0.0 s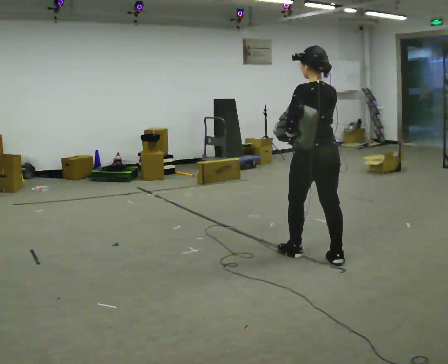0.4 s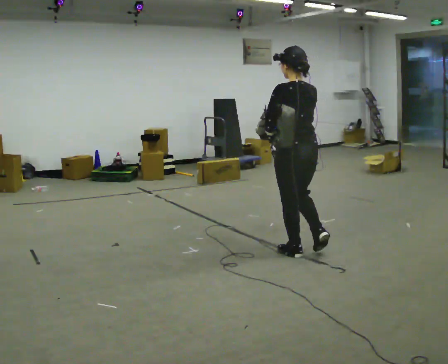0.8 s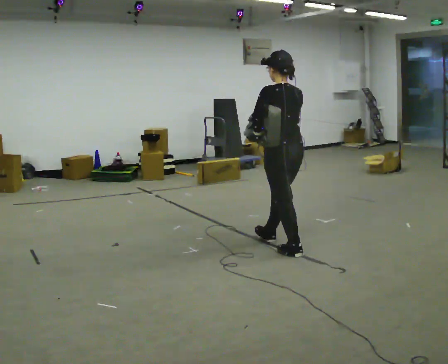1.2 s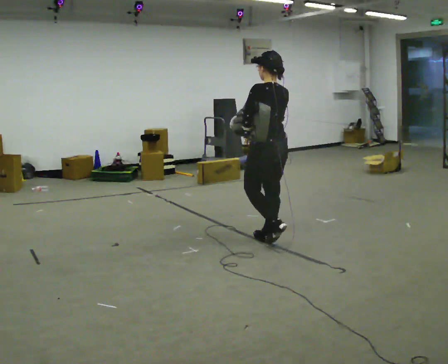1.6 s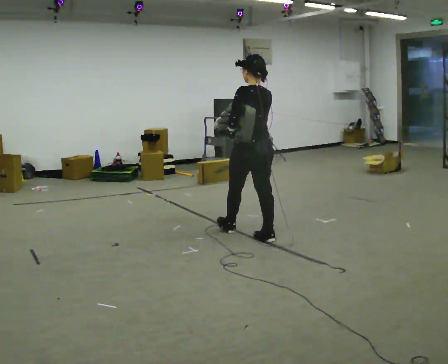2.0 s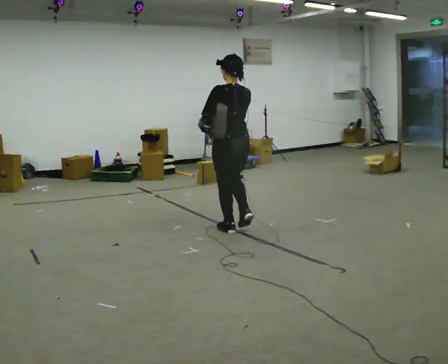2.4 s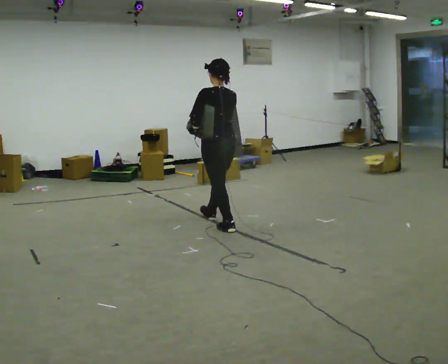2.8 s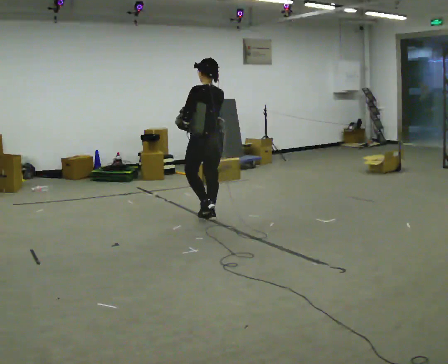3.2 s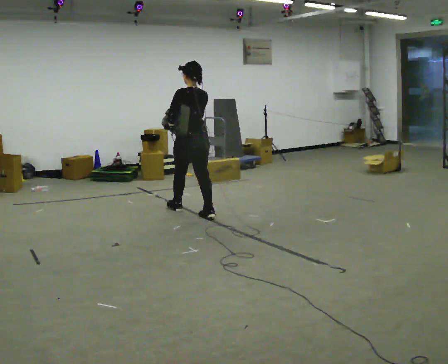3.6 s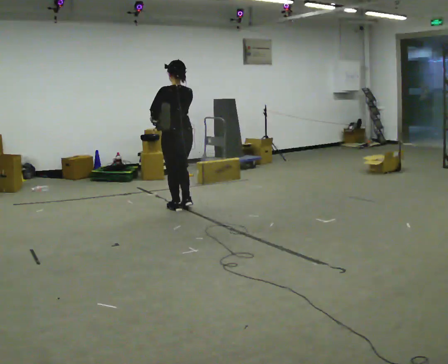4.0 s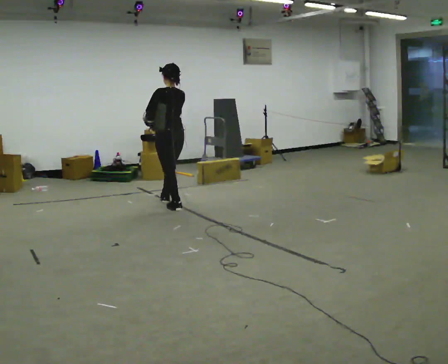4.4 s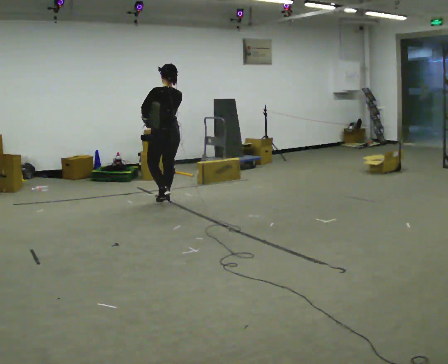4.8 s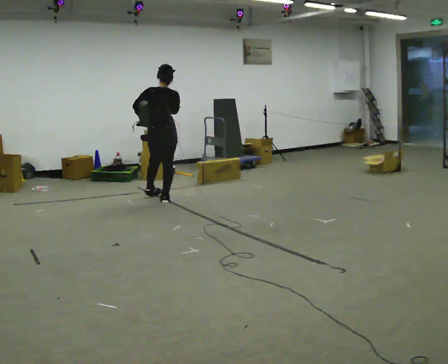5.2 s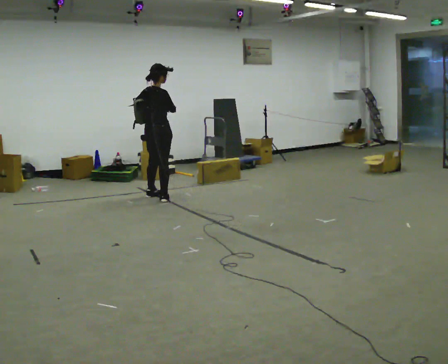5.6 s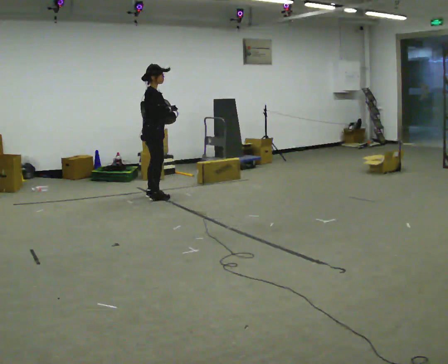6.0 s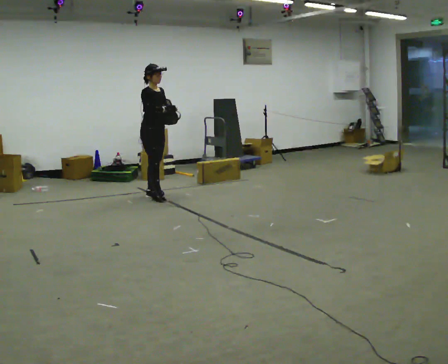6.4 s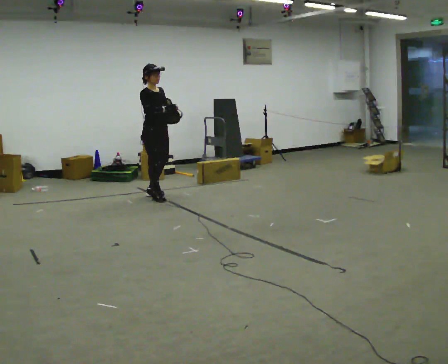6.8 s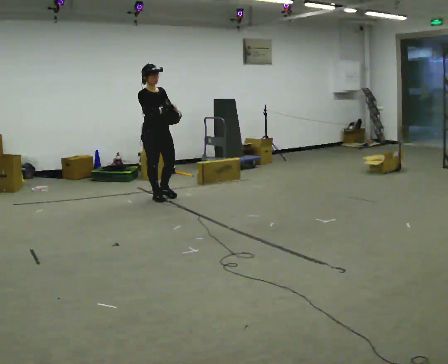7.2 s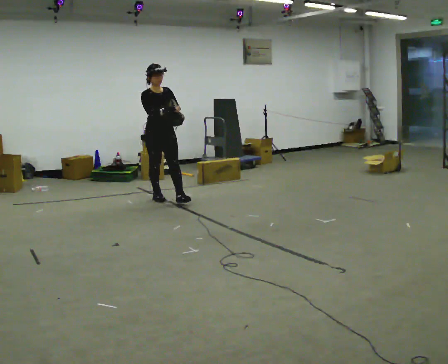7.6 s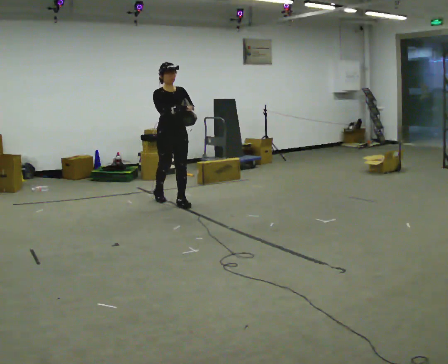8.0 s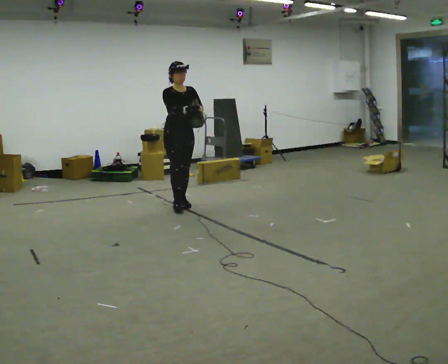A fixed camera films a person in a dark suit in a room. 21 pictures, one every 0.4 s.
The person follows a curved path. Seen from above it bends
counterclockwise.
0.0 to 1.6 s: In the picture they go away from the camera and to the left, about 1 m in 2 steps, which for them is forward.
1.6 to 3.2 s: In the picture they go away from the camera and to the left, about 1 m in 2 steps, which for them is forward.
3.2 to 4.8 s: The part of the body nearest the lens slides to the left as the person turns to their right by about 45 degrees. In the picture they go away from the camera and to the left, about 1 m in 2 steps, which for them is forward.
4.8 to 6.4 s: The part of the body nearest the lens slides to the left as the person turns to their right by about 120 degrees.
6.4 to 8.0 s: The part of the body nearest the lens slides to the left as the person turns to their right by about 30 degrees. In the picture they go toward the camera and to the right, about 0.5 m in 1 step, which for them is forward.
The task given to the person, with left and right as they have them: Put the soft bag up onto your shoulder and carry it across the room, back and forth.
The film runs forward here.
